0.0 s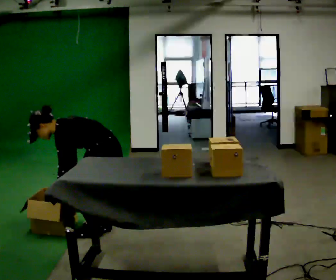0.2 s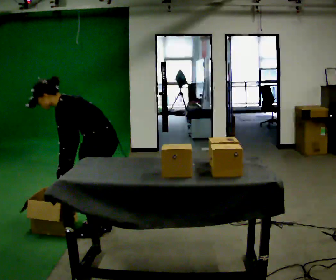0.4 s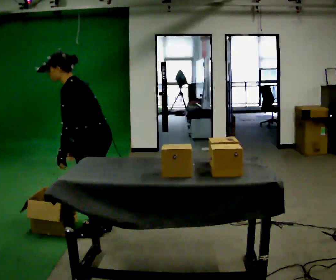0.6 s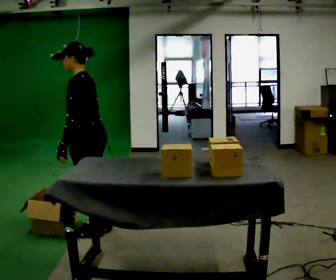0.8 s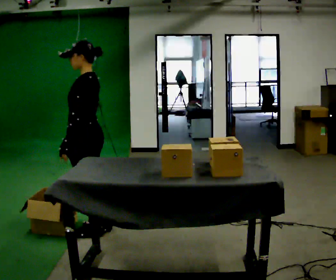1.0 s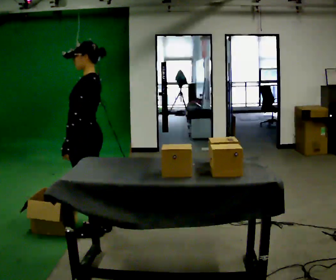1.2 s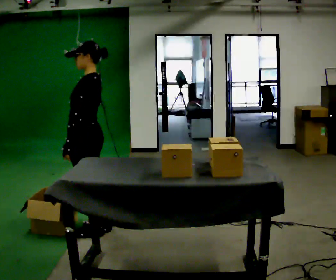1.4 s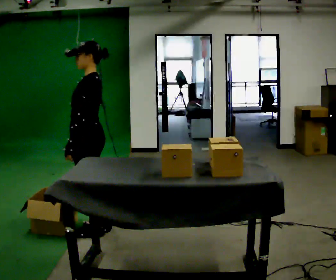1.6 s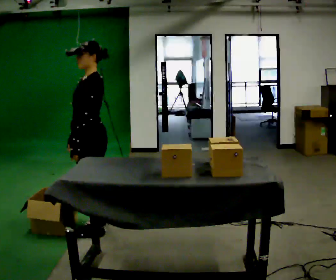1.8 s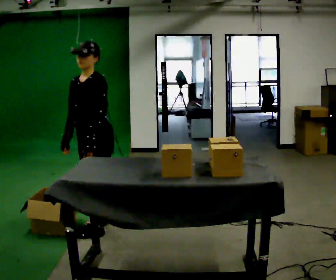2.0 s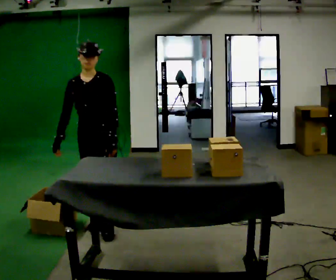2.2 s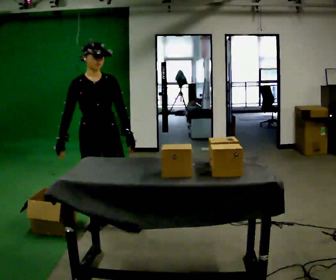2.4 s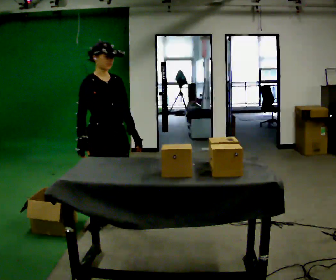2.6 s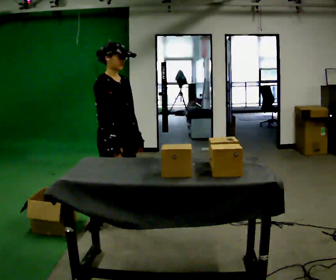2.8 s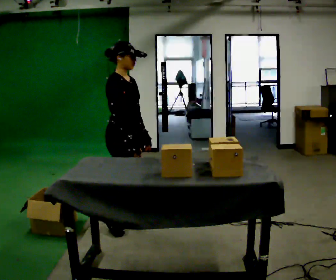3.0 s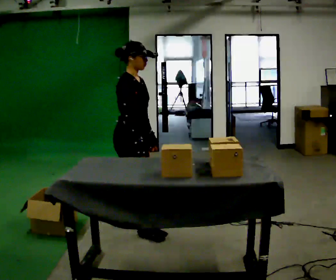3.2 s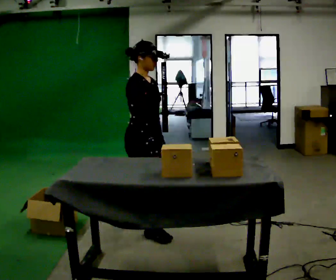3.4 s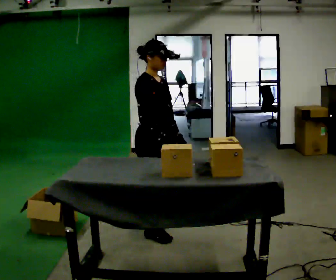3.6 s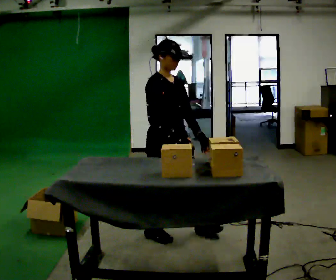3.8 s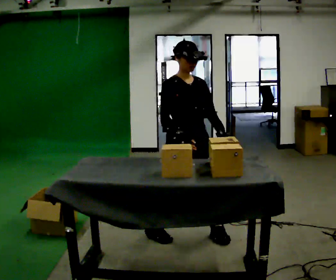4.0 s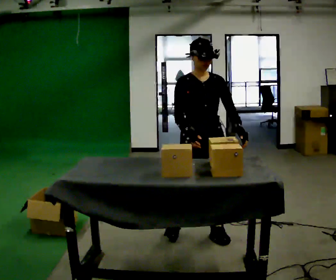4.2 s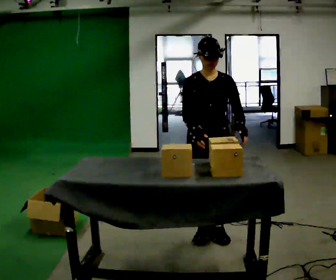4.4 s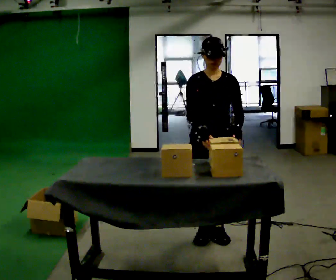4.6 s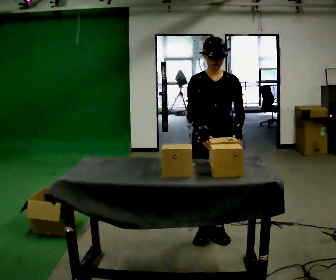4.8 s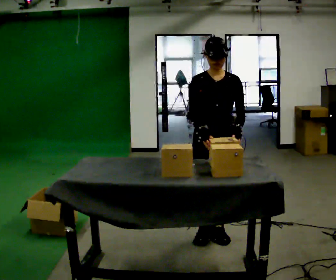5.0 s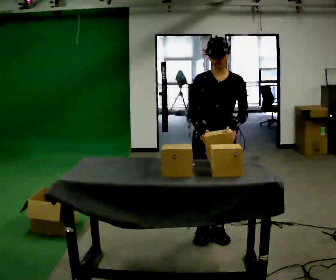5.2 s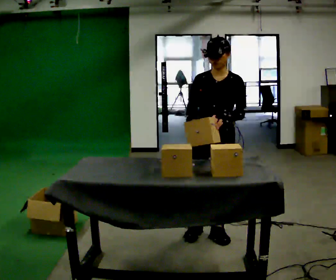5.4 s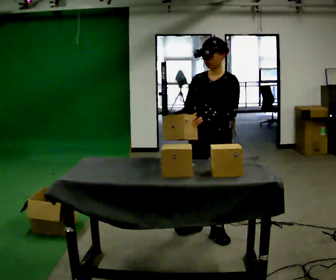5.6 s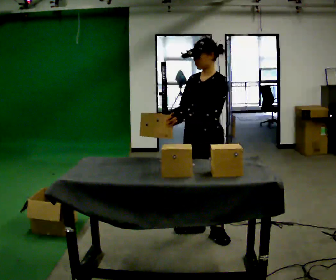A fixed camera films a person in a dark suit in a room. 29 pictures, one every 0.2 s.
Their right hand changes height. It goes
upward.
Their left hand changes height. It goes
upward.
0.0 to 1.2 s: The upper body goes upward. In the picture the upper body tilts clockwise, shoulders to the right, as they lean back or straighten. In the picture their left hand goes upward.
1.2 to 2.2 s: The part of the body nearest the lens slides to the right as the person turns to their left by about 105 degrees. In the picture their left hand goes to the right, the arm swinging counterclockwise.
2.2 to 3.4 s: The part of the body nearest the lens slides to the right as the person turns to their left by about 30 degrees. In the picture they go to the right and toward the camera, about 0.5 m in 1 step, which for them is forward.
3.4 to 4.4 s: The person turns about 60 degrees to their right, clockwise seen from above, so the part of the body nearest the lens slides to the left. In the picture they go to the right, about 0.5 m in 2 steps.
4.4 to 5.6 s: Seen from above the body turns clockwise, about 45 degrees: to their right, with its near side sliding to the left.
The film runs forward here.
